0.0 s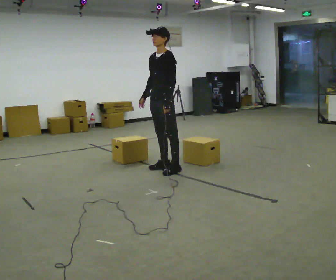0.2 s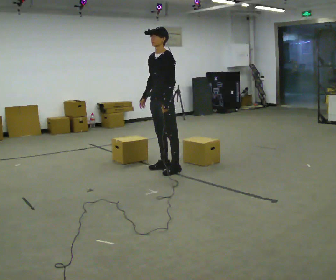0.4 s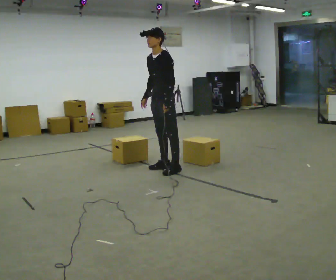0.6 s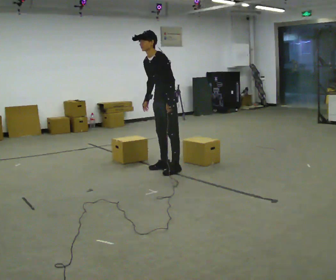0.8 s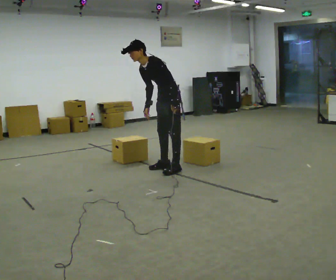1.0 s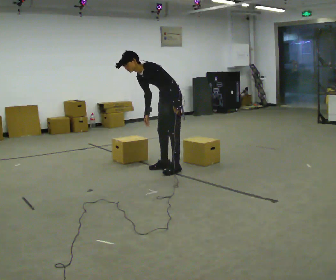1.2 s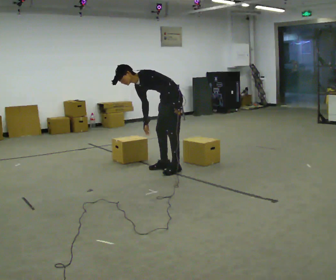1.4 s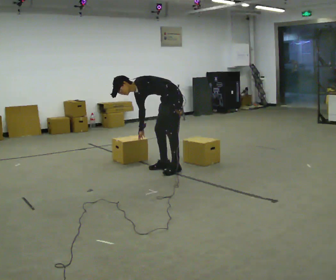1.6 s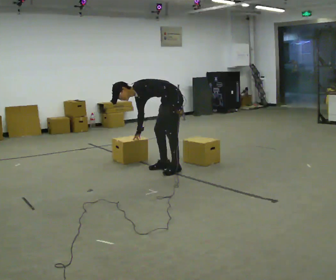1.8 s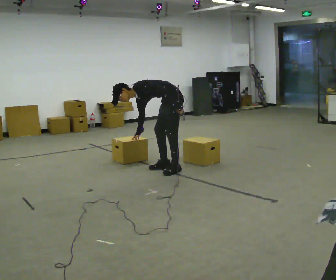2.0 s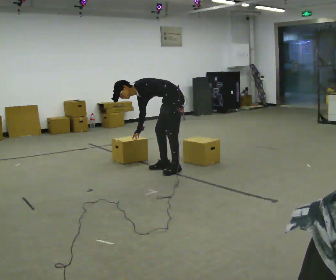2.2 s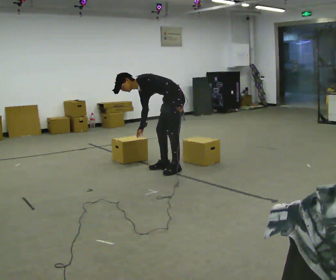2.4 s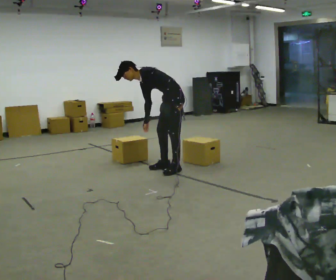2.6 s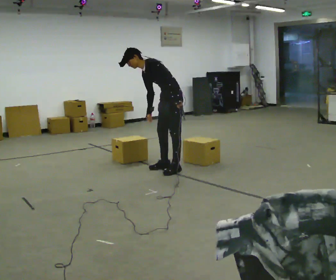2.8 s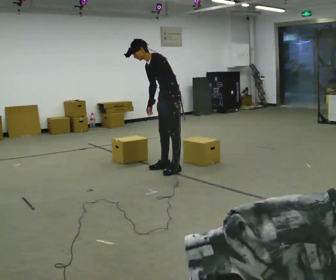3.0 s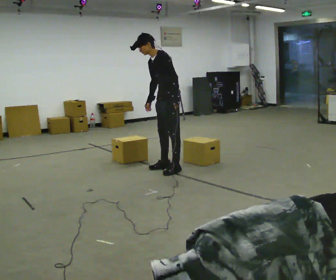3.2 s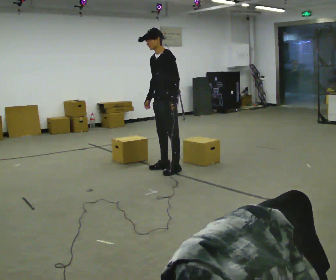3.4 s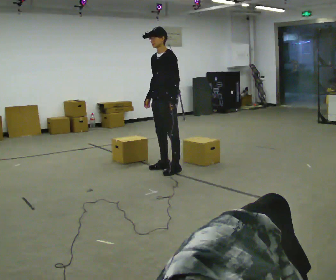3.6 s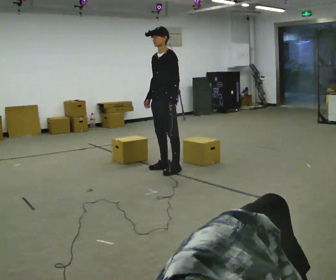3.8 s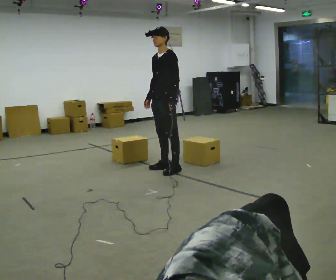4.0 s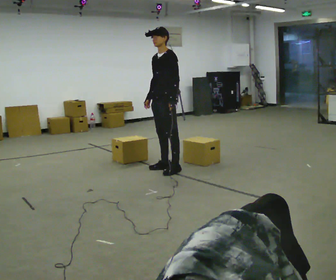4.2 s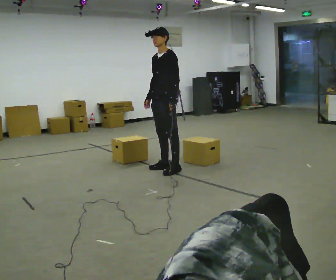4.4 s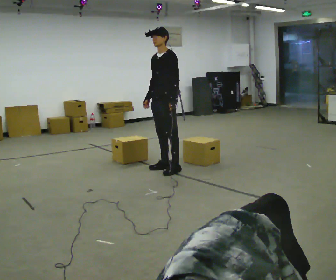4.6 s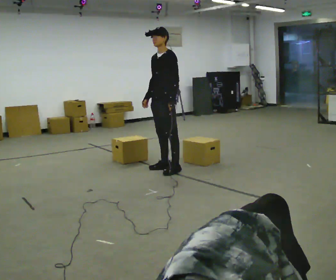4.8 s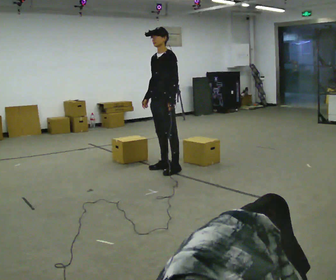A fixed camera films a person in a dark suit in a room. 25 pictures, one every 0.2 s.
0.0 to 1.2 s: The shoulders move downward. In the picture the upper body tilts counterclockwise, shoulders to the left, as they bend forward.
1.2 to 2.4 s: The upper body tips away from the camera, its near side rolling upward.
2.4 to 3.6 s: The upper body goes upward. In the picture the upper body tilts clockwise, shoulders to the right, as they lean back or straighten.
3.6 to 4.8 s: The person keeps their place and pose.
The film runs backward here.
